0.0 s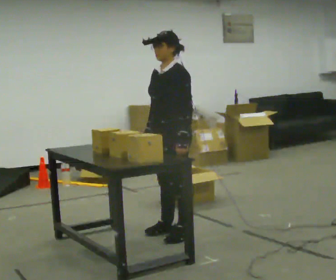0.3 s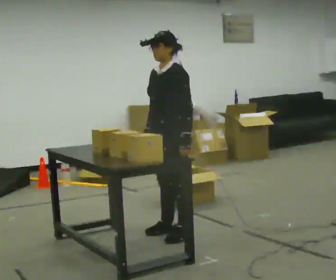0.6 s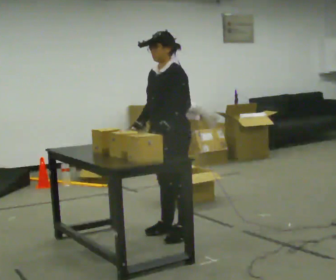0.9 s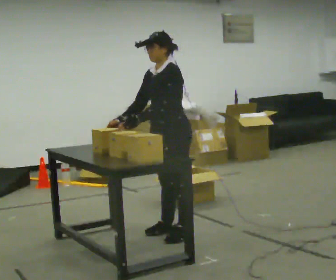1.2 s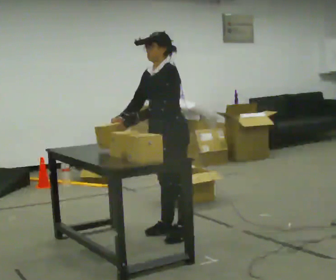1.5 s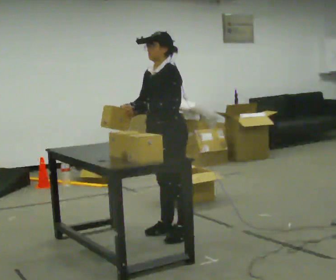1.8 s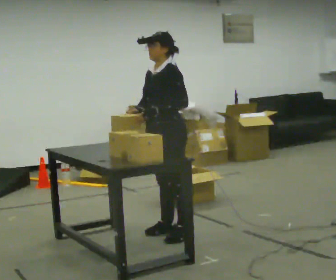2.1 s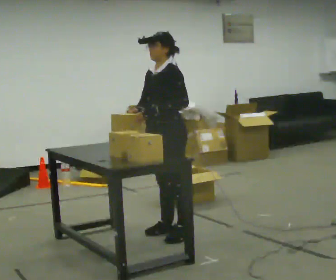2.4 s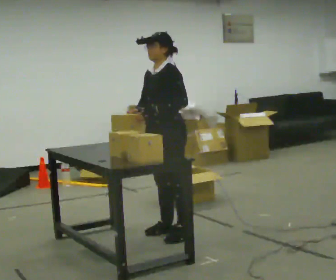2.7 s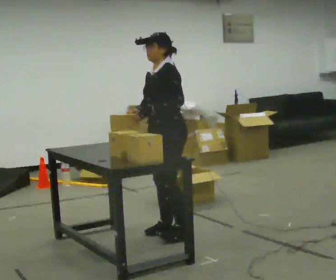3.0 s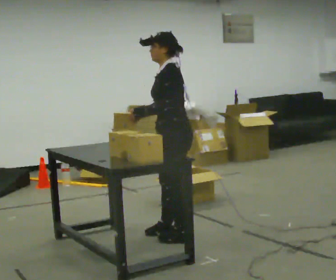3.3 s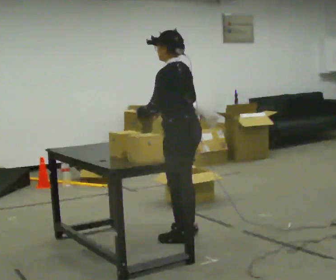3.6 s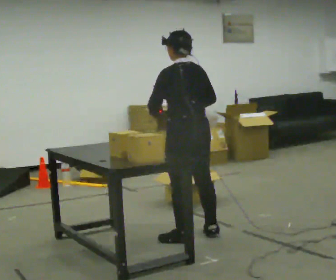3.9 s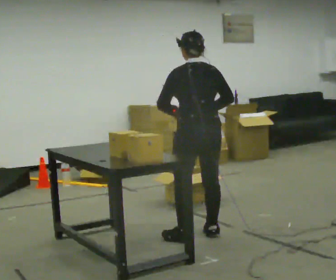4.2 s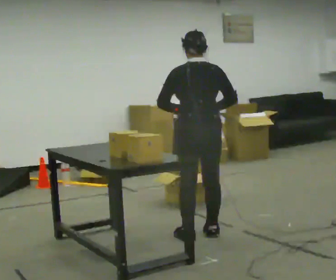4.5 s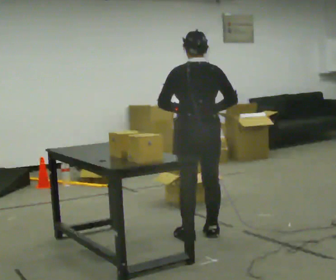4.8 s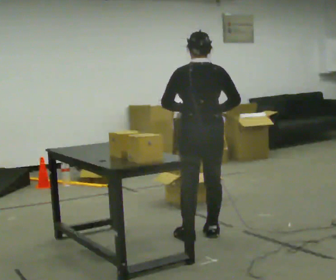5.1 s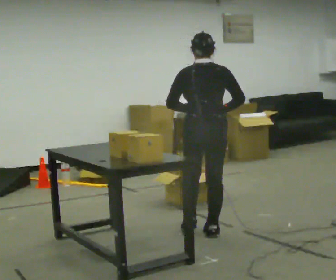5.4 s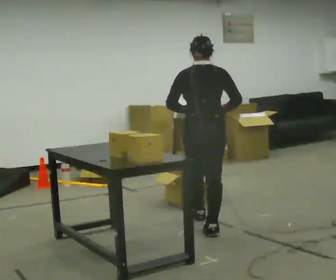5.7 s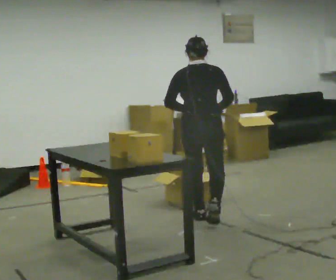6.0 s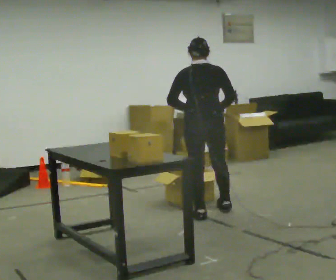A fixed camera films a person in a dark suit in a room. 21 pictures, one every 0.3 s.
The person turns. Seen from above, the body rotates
clockwise.
The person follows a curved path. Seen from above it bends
counterclockwise.
0.0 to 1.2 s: In the picture their left hand goes to the left.
1.2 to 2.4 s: The person moves a little, or ends about where they began.
2.4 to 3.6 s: Seen from above the body turns clockwise, about 90 degrees: to their right, with its near side sliding to the left. In the picture they go to the right, about 0.25 m in 1 step.
3.6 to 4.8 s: The person turns about 30 degrees to their right, clockwise seen from above, so the part of the body nearest the lens slides to the left.
4.8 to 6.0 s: In the picture they go away from the camera, about 0.5 m in 1 step, which for them is forward.
The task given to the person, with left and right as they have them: Take an object out of the bin at knee height, carry it across the room, and place it on the chest-height shelf. Keep going until the operator says stop; one object at a time, and do not rush between trips.
The film runs forward here.
